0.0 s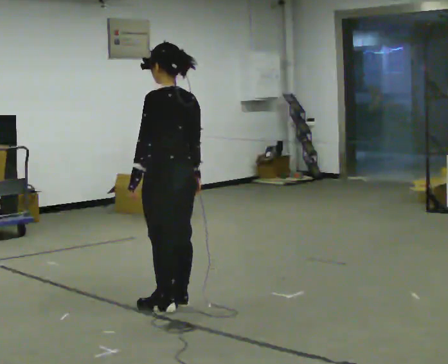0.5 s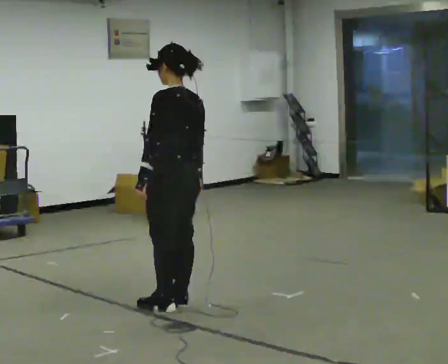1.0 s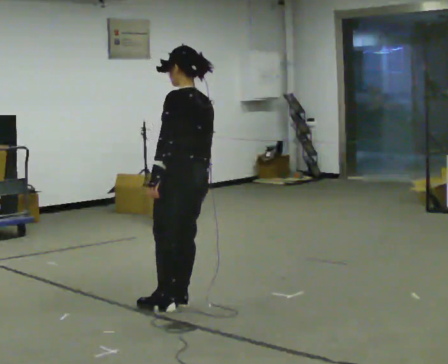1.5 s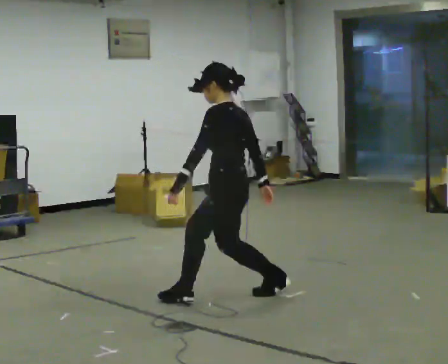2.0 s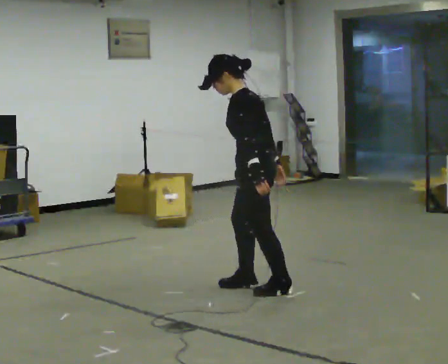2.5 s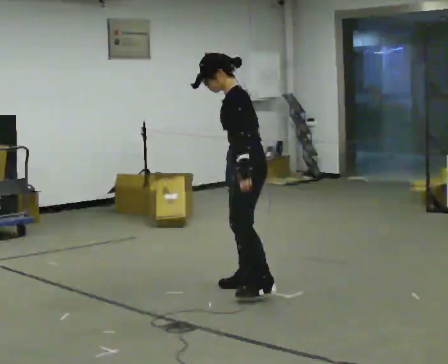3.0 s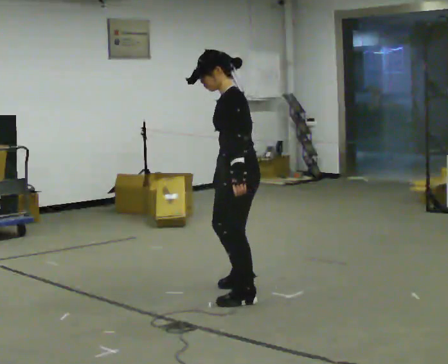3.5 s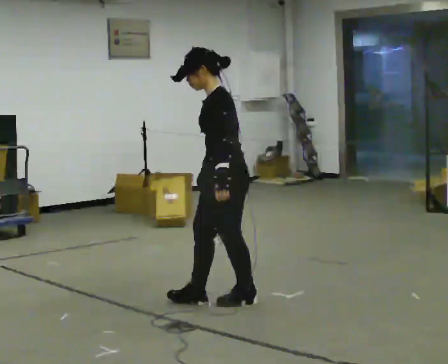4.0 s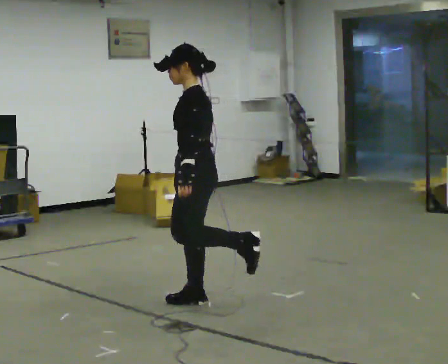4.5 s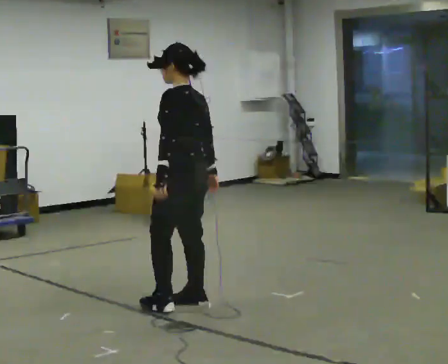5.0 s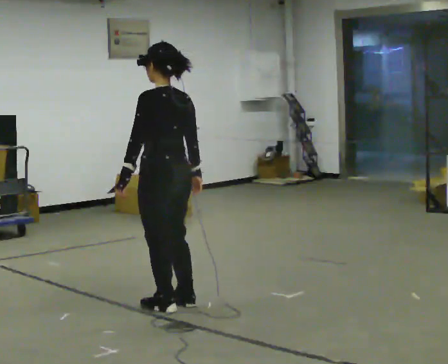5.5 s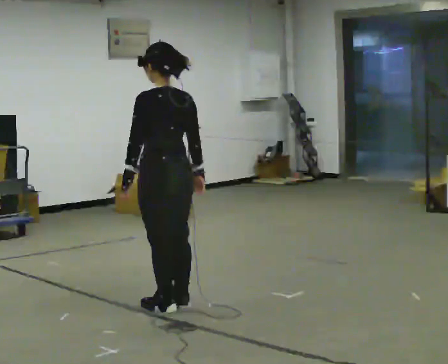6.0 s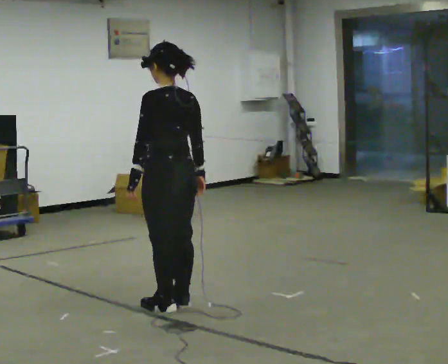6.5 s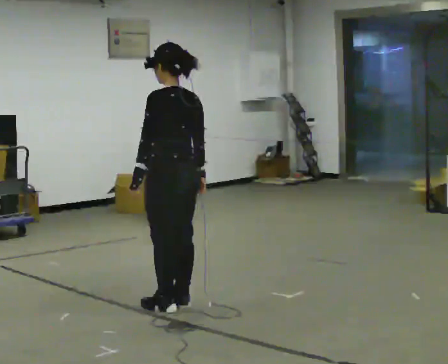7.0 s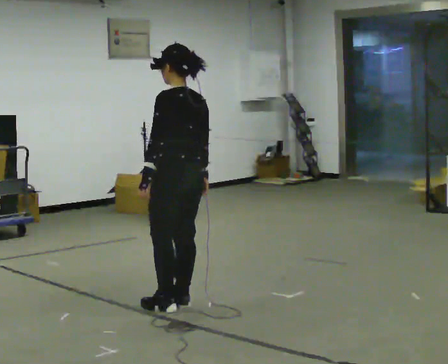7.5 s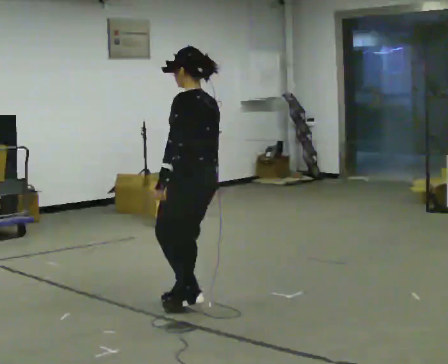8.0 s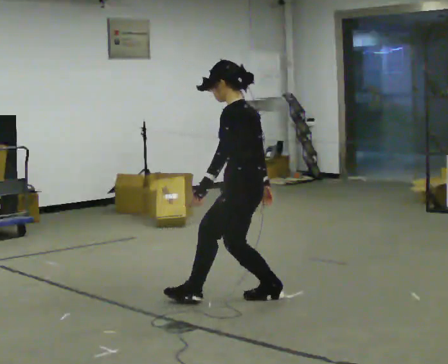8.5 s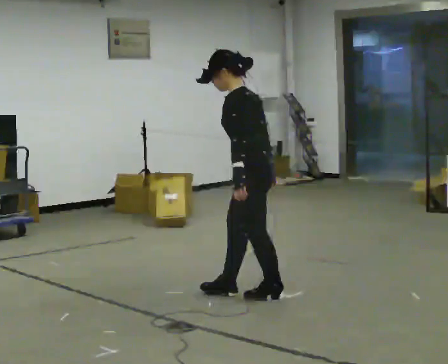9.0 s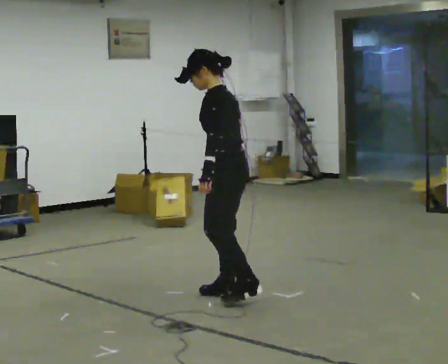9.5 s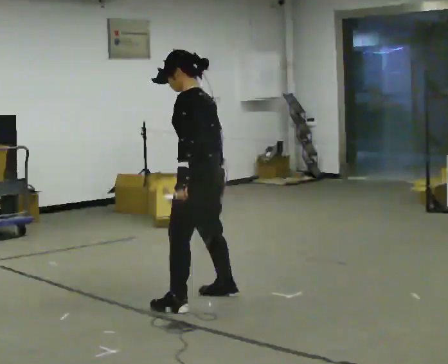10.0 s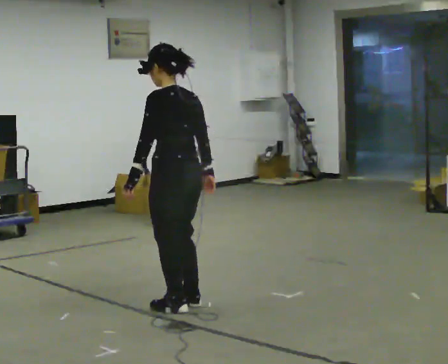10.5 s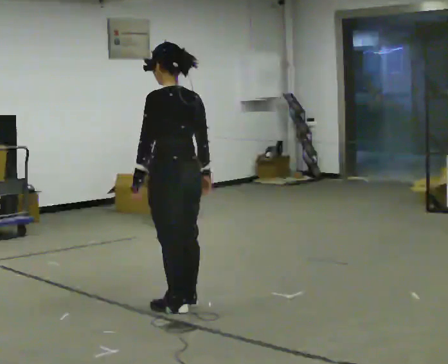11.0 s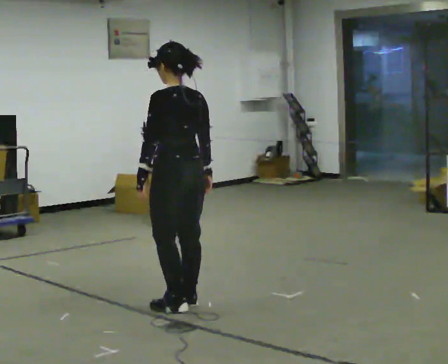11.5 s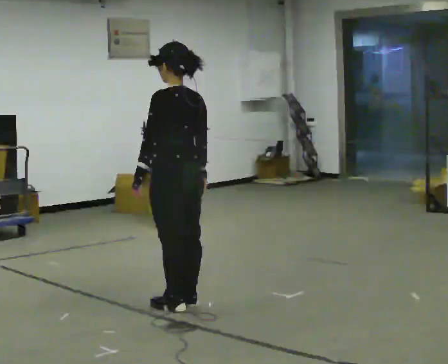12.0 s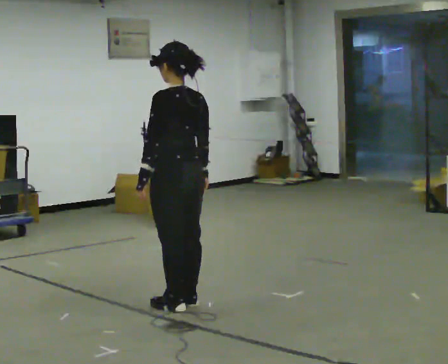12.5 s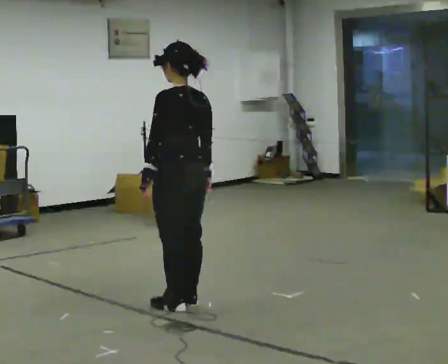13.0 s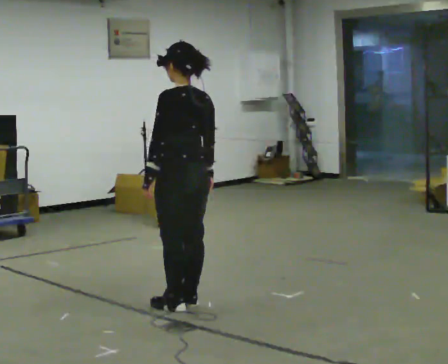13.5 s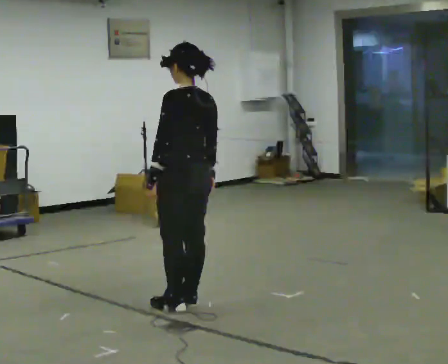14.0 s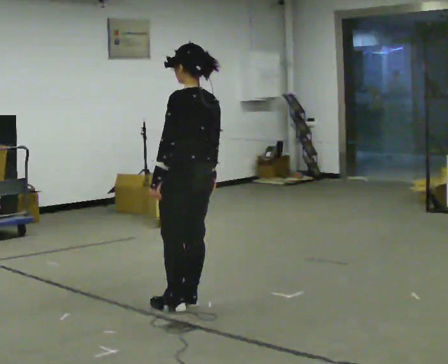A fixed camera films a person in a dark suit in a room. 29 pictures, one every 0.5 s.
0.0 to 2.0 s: The person turns about 30 degrees to their left, counterclockwise seen from above, so the part of the body nearest the lens slides to the right. In the picture they go to the right and away from the camera, about 0.75 m in 2 steps, which for them is to their right. In the picture the upper body tilts counterclockwise, shoulders to the left, as they bend forward.
2.0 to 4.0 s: In the picture they go to the left and toward the camera, about 0.5 m in 2 steps, which for them is forward and to their left.
4.0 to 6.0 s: Seen from above the body turns clockwise, about 45 degrees: to their right, with its near side sliding to the left. In the picture they go to the left, about 0.25 m in 1 step, which for them is to their left.
6.0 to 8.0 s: The person turns about 30 degrees to their left, counterclockwise seen from above, so the part of the body nearest the lens slides to the right. In the picture they go to the right, about 0.5 m in 1 step, which for them is to their right and backward.
8.0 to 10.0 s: Seen from above the body turns clockwise, about 30 degrees: to their right, with its near side sliding to the left. In the picture they go to the left, about 0.5 m in 3 steps, which for them is forward and to their left.
10.0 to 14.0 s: The person moves a little, or ends about where they began.
The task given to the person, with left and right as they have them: Stand on the marked spots. Lean to the side the operator calls until you cannot hold it, then step to catch yourself. Return to the spots. Repeat at your own pace until the operator says stop. Go slowly and only as far as you are comfortable. Step whenever you need to; do not try to hold on longer than feels safe.
The film runs forward here.
